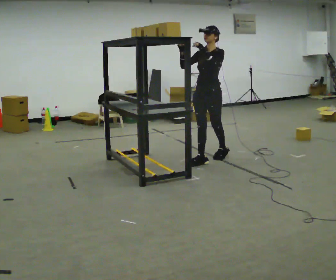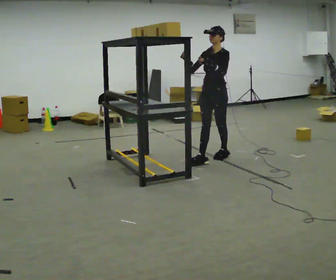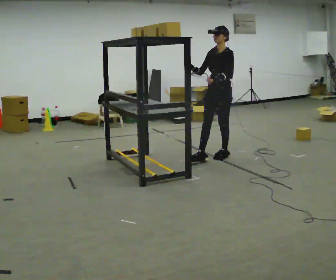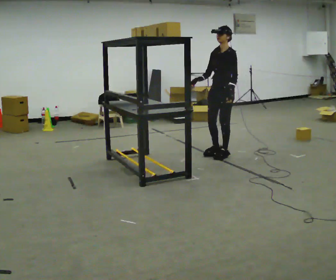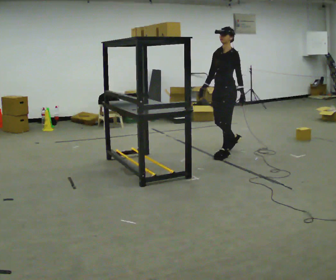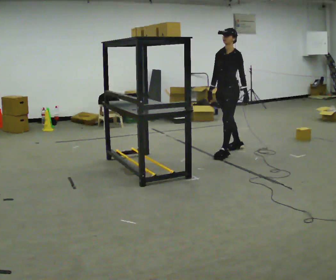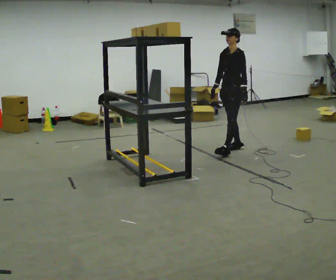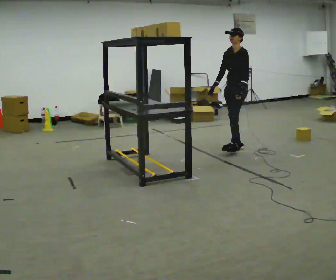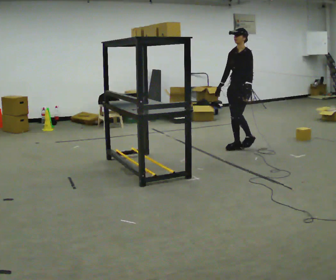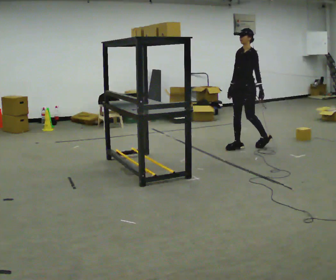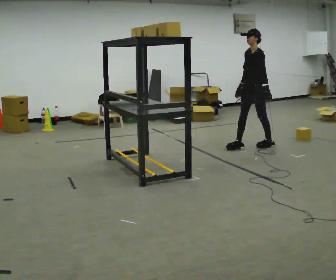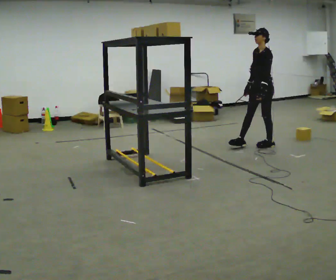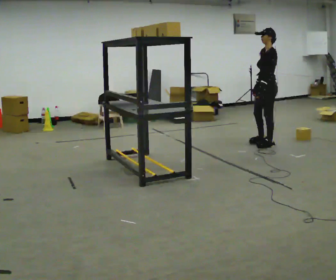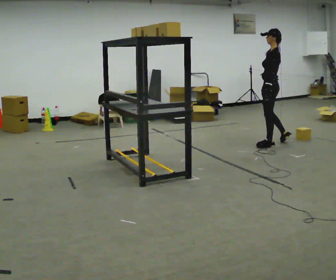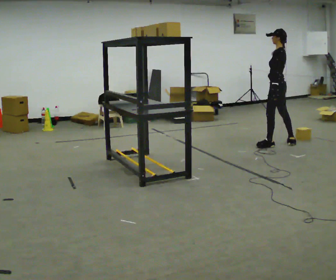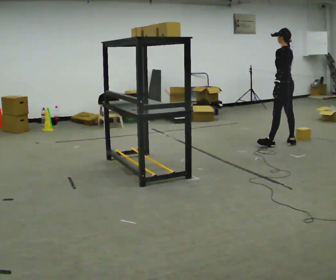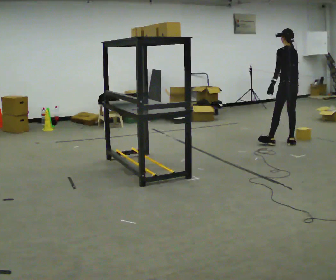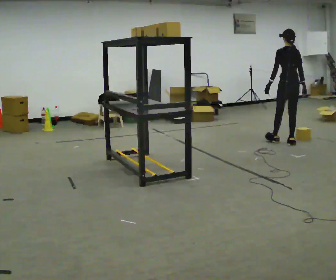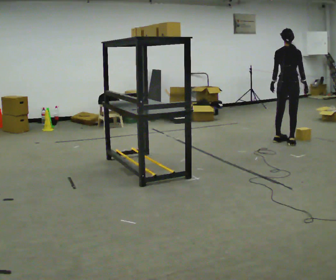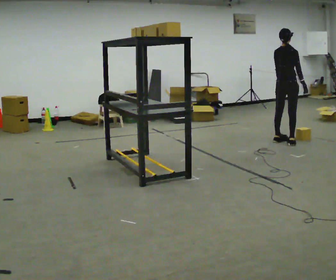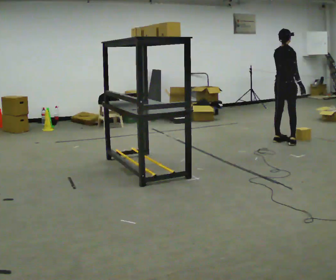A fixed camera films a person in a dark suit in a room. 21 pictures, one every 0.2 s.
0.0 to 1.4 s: In the picture they go away from the camera and to the right, about 0.75 m in 2 steps, which for them is backward and to their right. In the picture their left hand goes downward.
1.4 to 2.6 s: The part of the body nearest the lens slides to the left as the person turns to their right by about 60 degrees. In the picture they go to the right, about 0.5 m in 1 step, which for them is backward.
2.6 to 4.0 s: The part of the body nearest the lens slides to the left as the person turns to their right by about 135 degrees. In the picture they go away from the camera, about 0.25 m in 1 step.
The film runs backward here.
